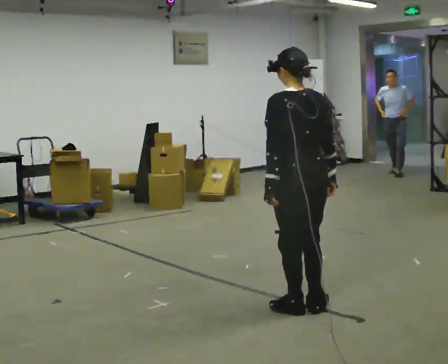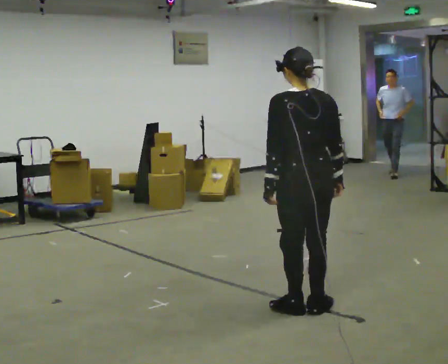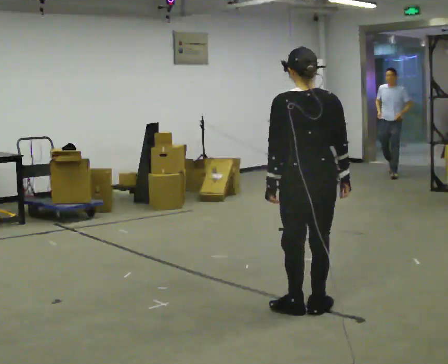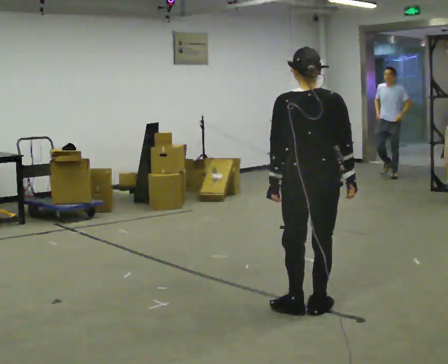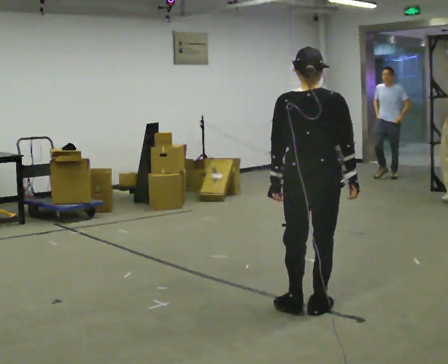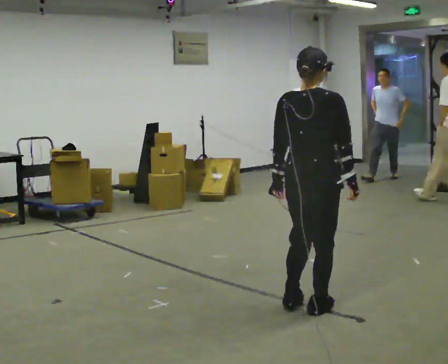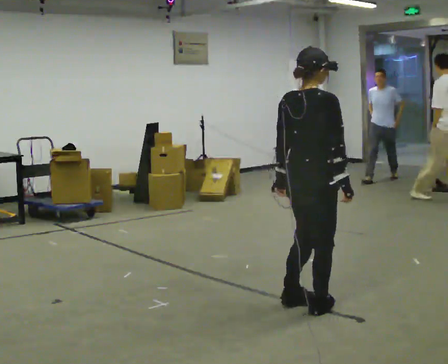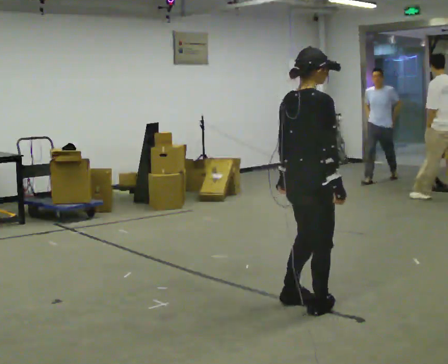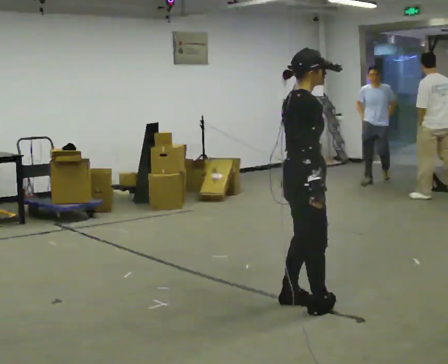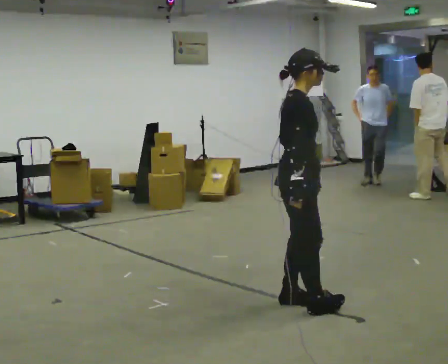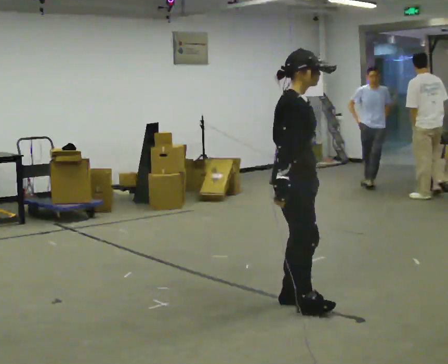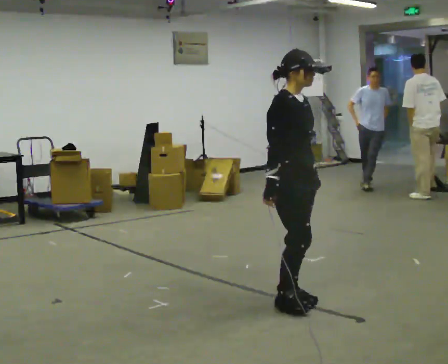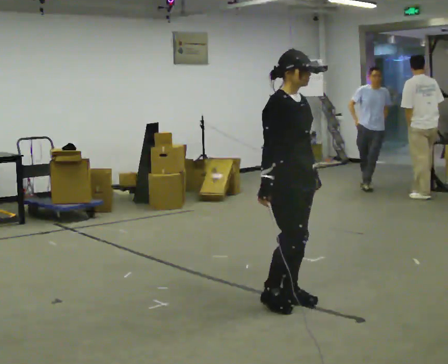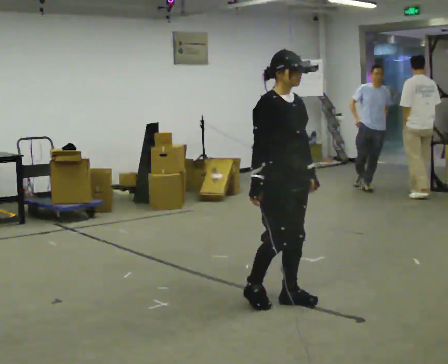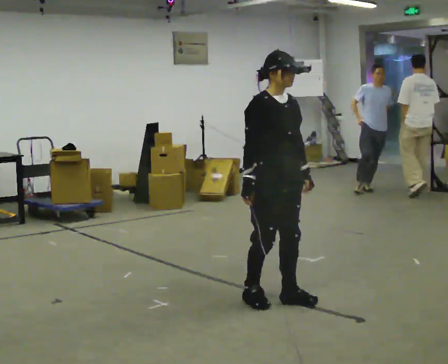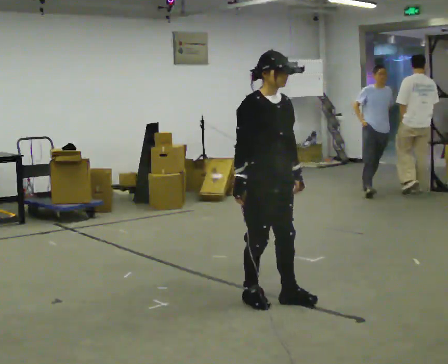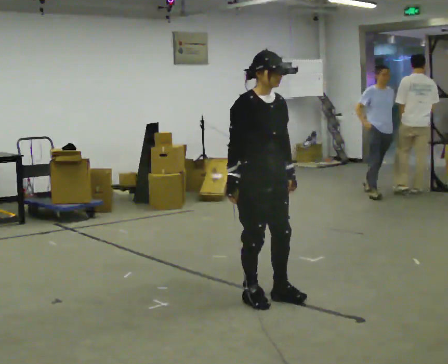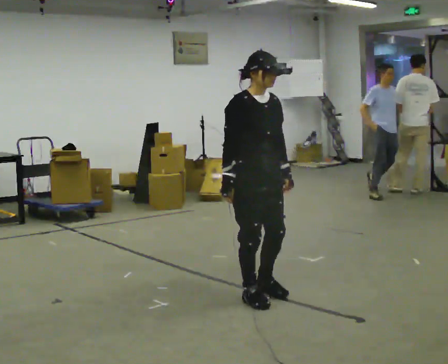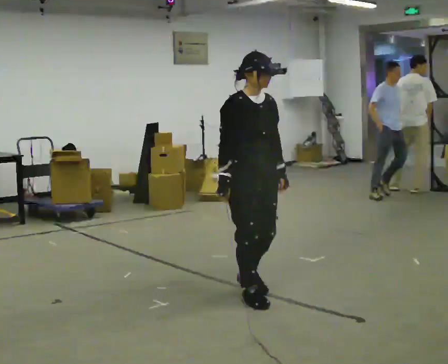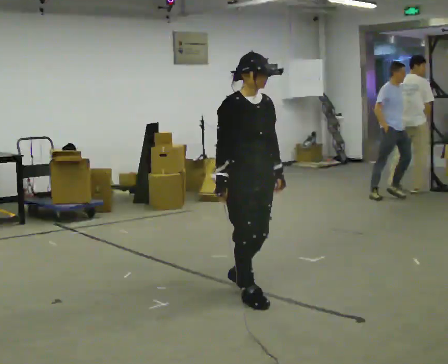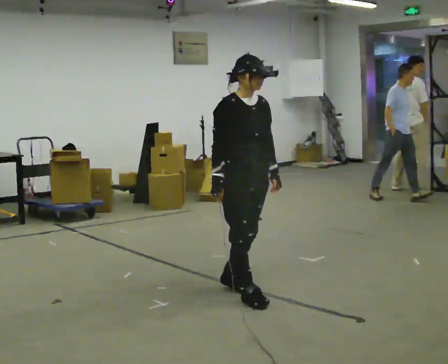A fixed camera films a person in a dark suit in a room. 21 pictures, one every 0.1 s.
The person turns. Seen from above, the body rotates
clockwise.
The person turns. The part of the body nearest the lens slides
to the left.
0.0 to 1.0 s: The person turns about 135 degrees to their right, clockwise seen from above, so the part of the body nearest the lens slides to the left. In the picture they go away from the camera, about 0.25 m in 1 step. In the picture their right hand goes to the left.
1.0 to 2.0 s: The part of the body nearest the lens slides to the left as the person turns to their right by about 30 degrees. In the picture they go to the left and away from the camera, about 0.5 m in 2 steps, which for them is backward.
The film runs forward here.
